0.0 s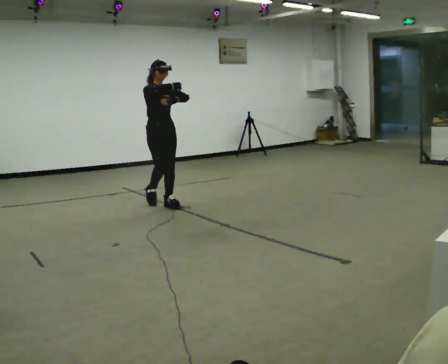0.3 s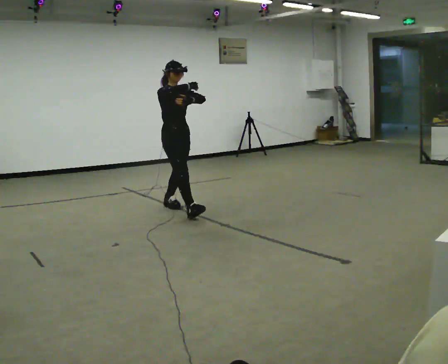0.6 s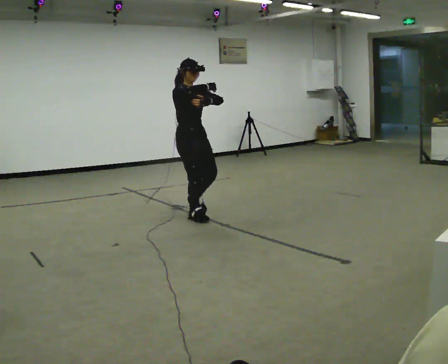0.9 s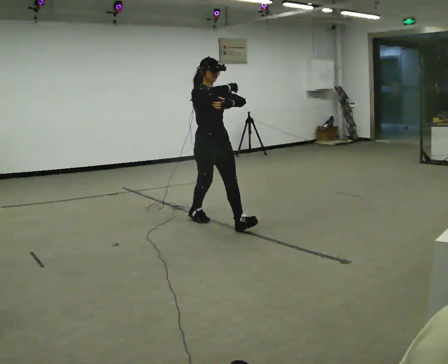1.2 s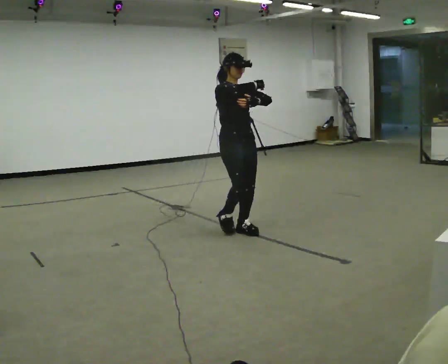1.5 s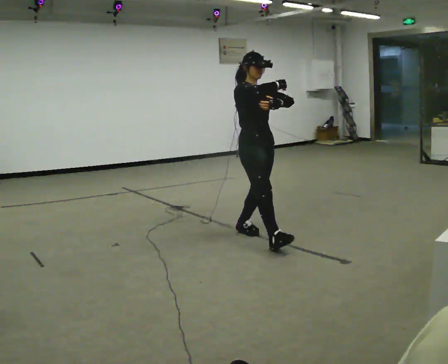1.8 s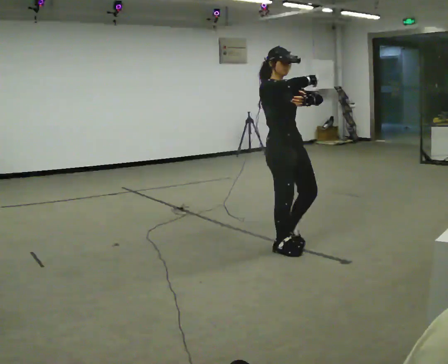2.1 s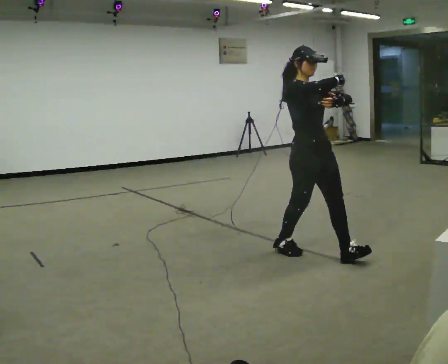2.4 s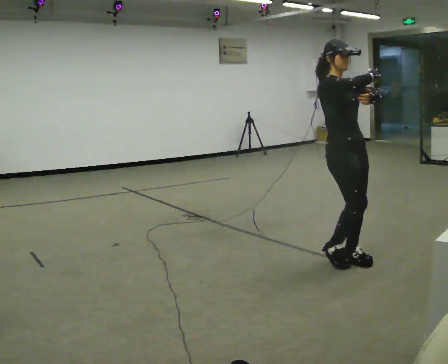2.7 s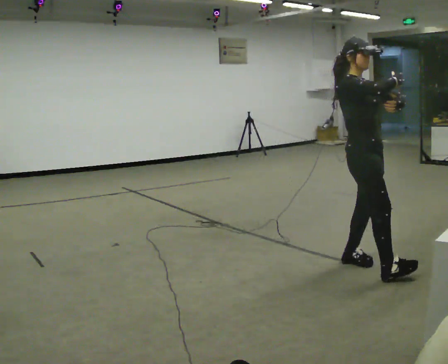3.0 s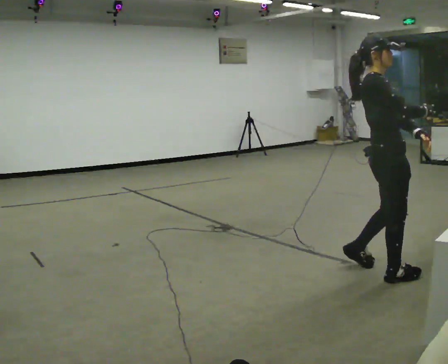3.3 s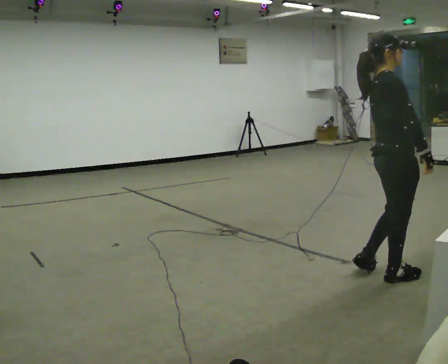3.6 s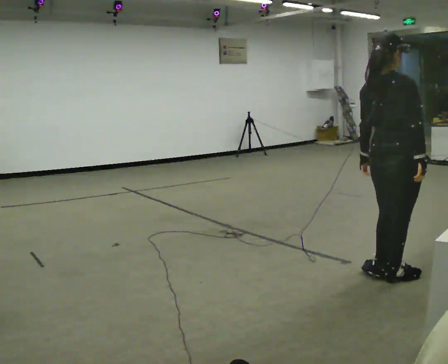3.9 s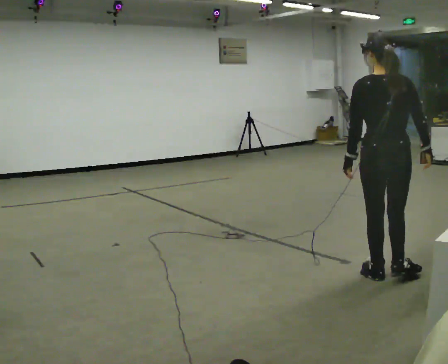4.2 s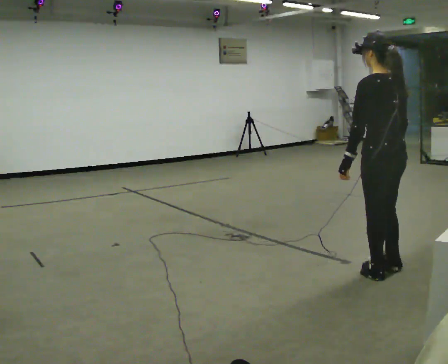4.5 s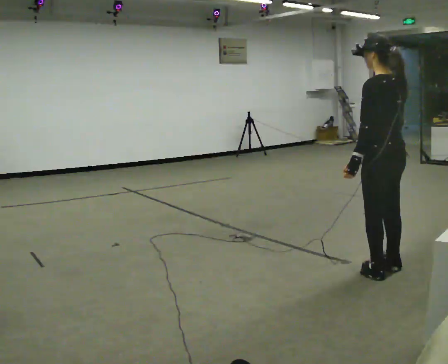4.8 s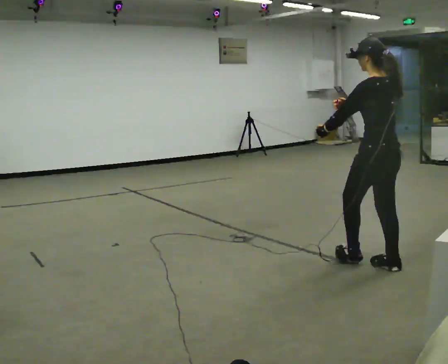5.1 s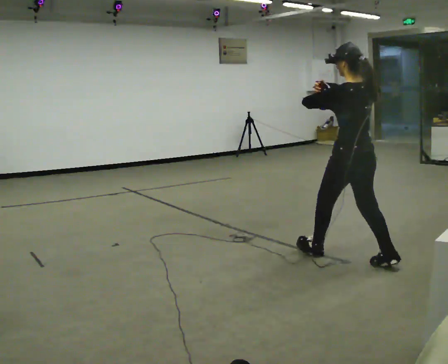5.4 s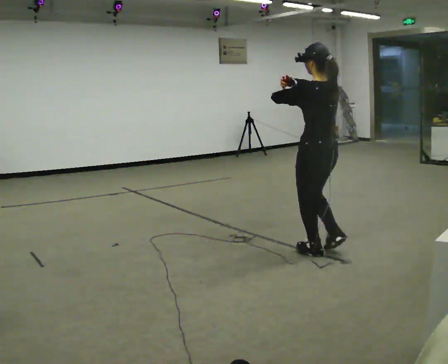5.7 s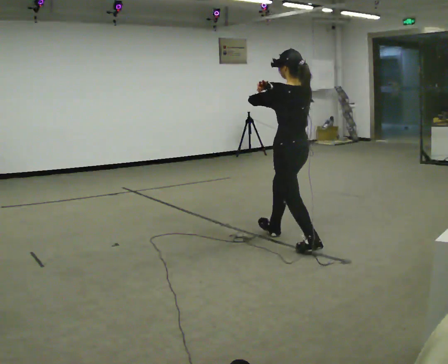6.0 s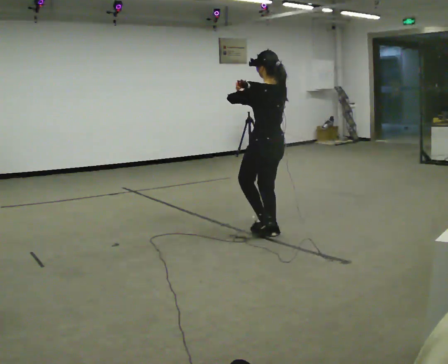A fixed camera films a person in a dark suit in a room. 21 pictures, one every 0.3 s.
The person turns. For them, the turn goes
to their left.
The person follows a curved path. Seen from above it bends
counterclockwise.
0.0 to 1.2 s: In the picture they go to the right and toward the camera, about 1.5 m in 2 steps, which for them is forward.
1.2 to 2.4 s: In the picture they go to the right and toward the camera, about 1 m in 2 steps, which for them is forward.
2.4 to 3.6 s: The person turns about 90 degrees to their left, counterclockwise seen from above, so the part of the body nearest the lens slides to the right. In the picture they go toward the camera and to the right, about 0.5 m in 2 steps. In the picture their left hand goes downward.
3.6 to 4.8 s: The person turns about 90 degrees to their left, counterclockwise seen from above, so the part of the body nearest the lens slides to the right. In the picture they go away from the camera, about 0.25 m in 1 step. In the picture their right hand goes to the left and upward.
4.8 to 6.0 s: In the picture they go to the left and away from the camera, about 1 m in 2 steps, which for them is forward.
The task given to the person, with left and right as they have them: Walk normally but hold both hands together in front of you at chest height; do not swing your arms; stop.
The film runs forward here.
